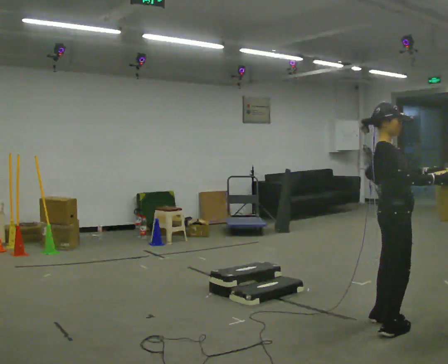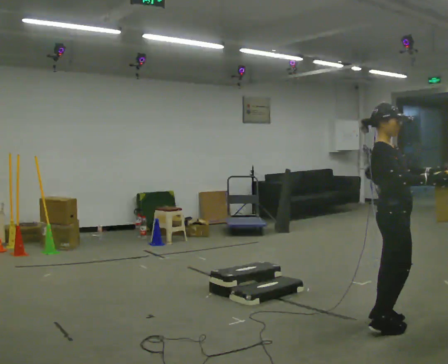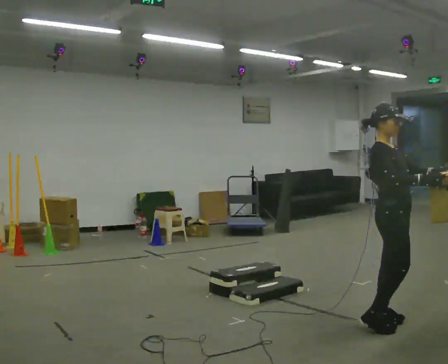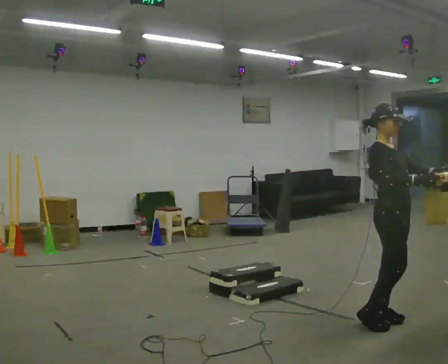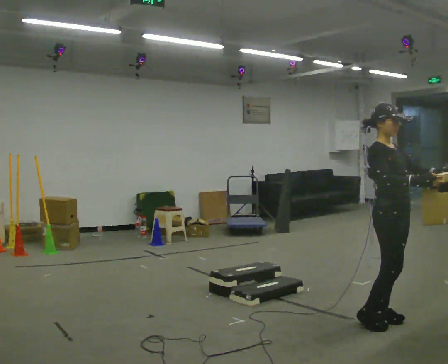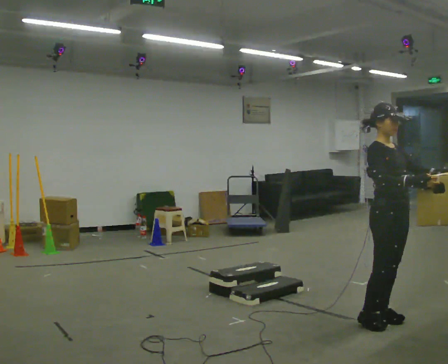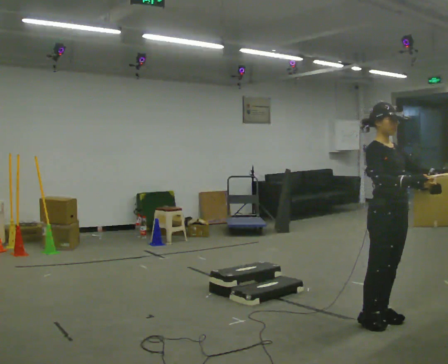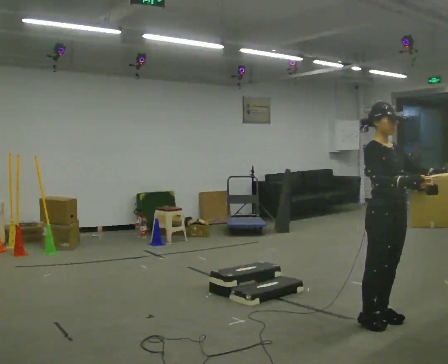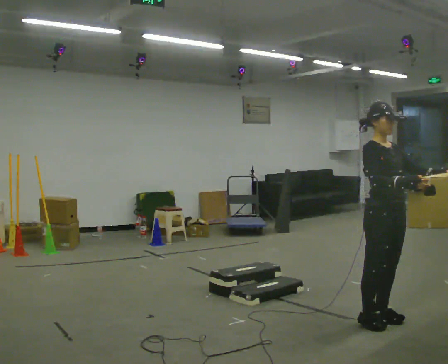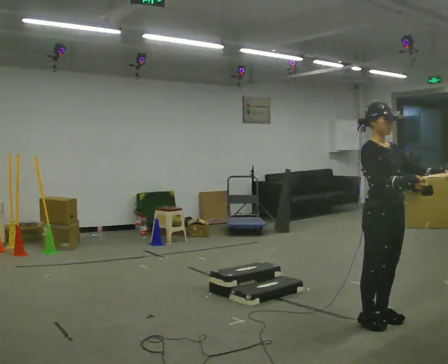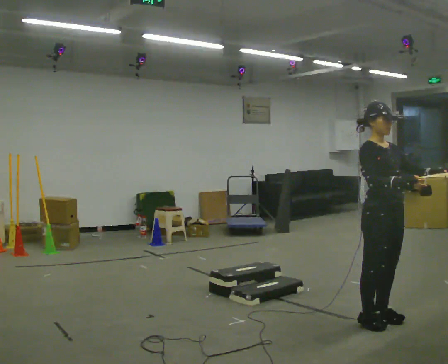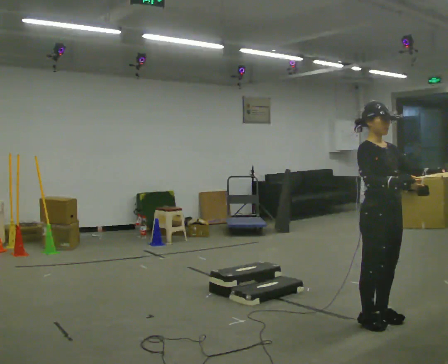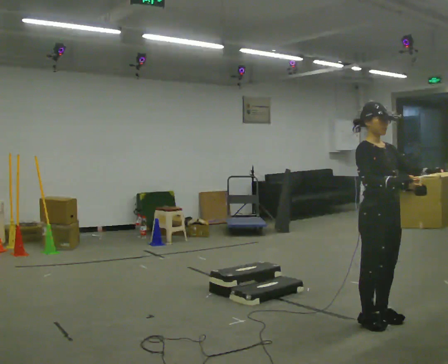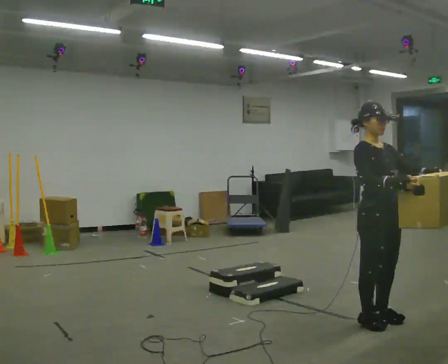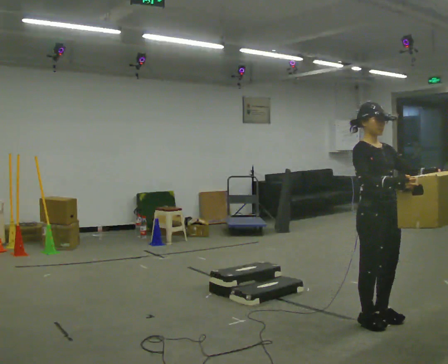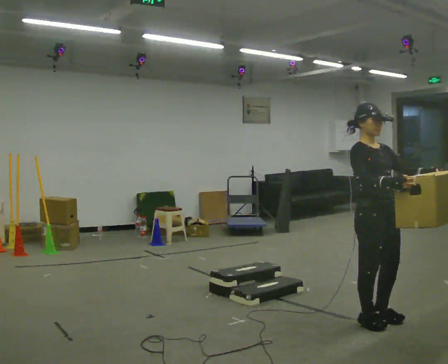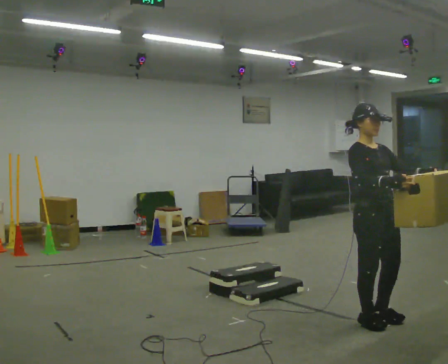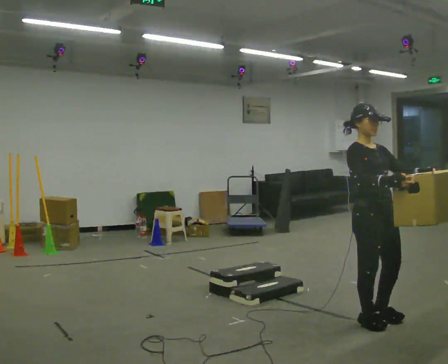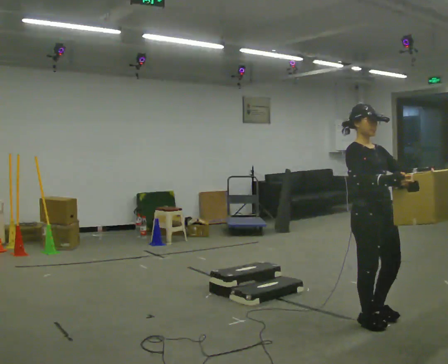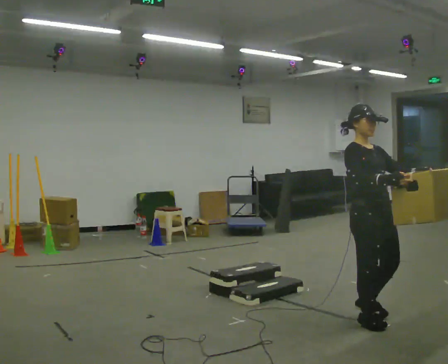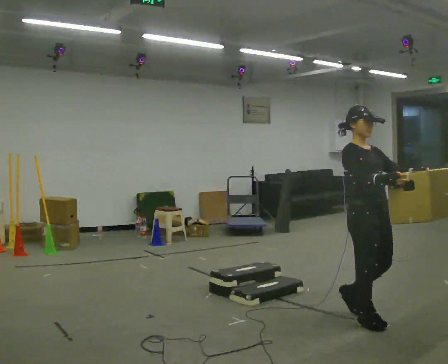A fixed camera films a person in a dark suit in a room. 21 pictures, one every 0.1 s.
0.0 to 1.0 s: Seen from above the body turns clockwise, about 45 degrees: to their right, with its near side sliding to the left.
1.0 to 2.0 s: The person moves a little, or ends about where they began.
The film runs backward here.
